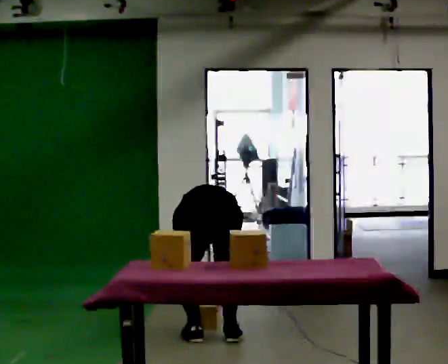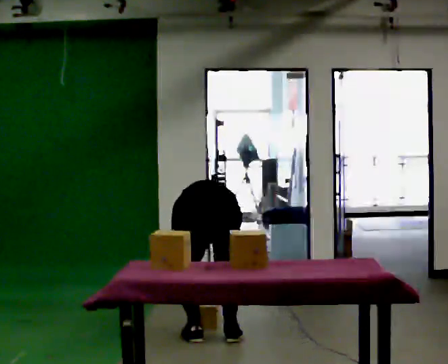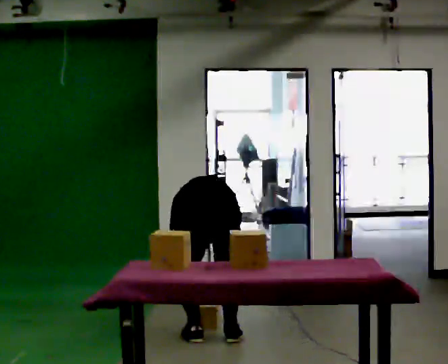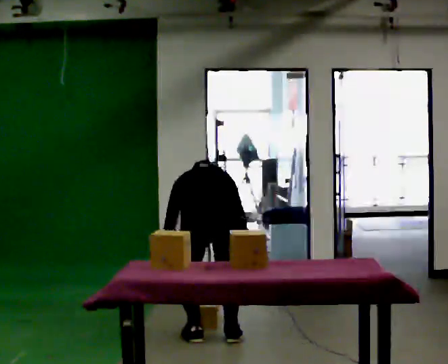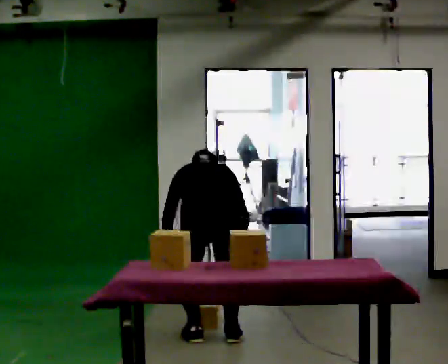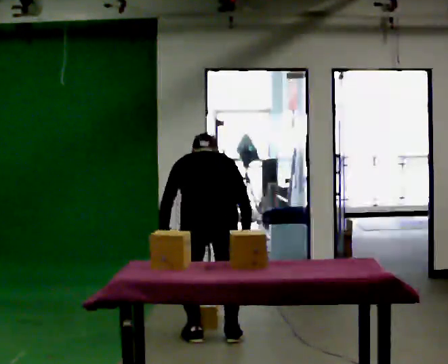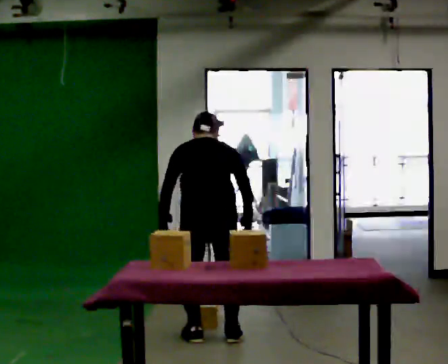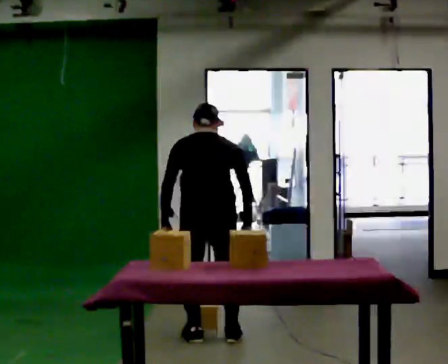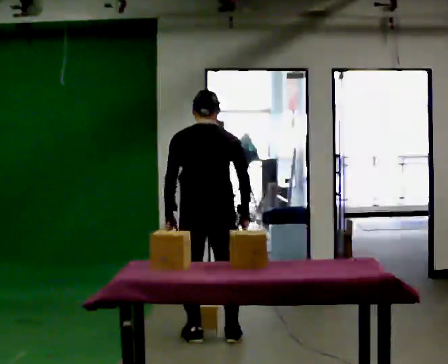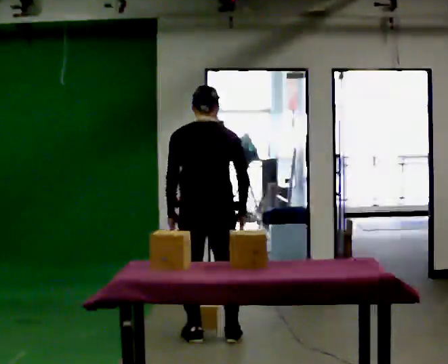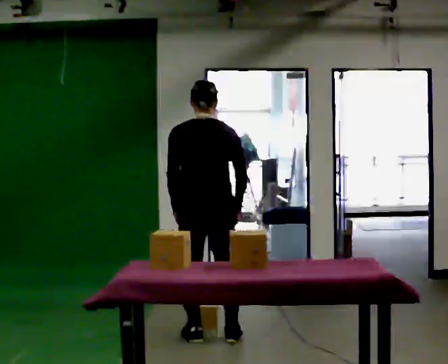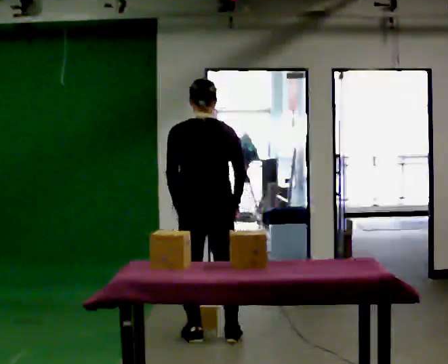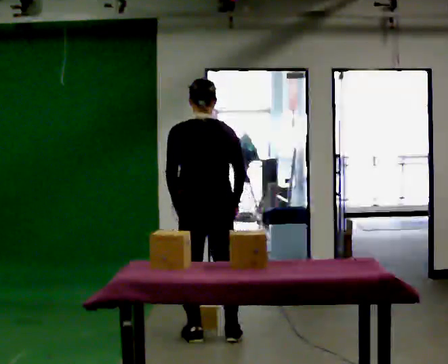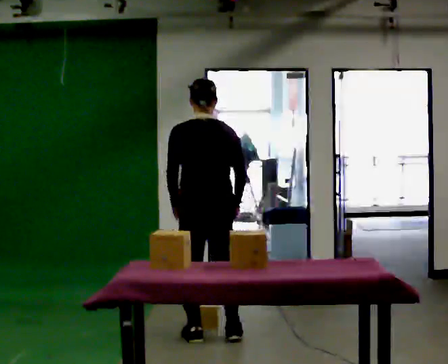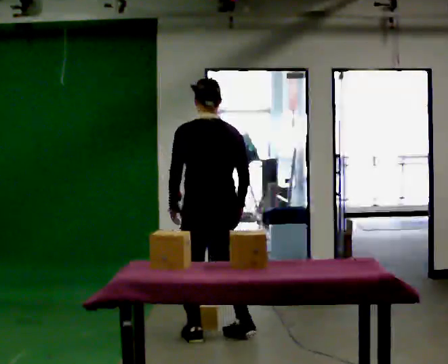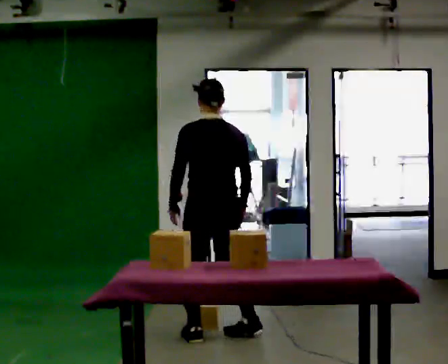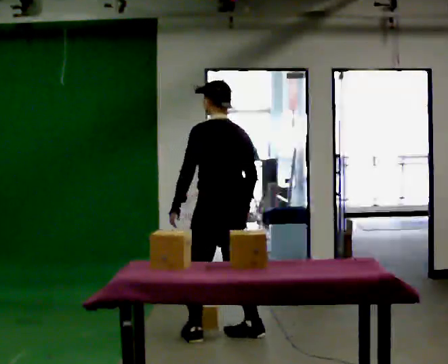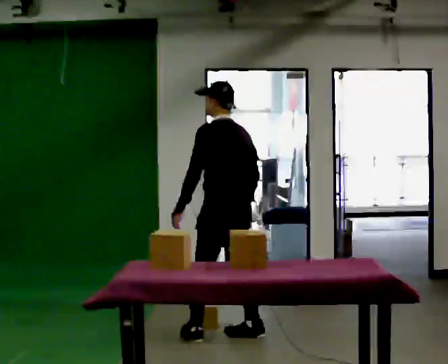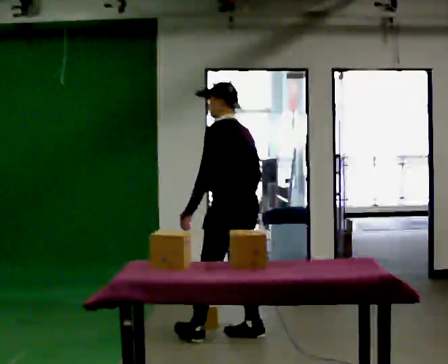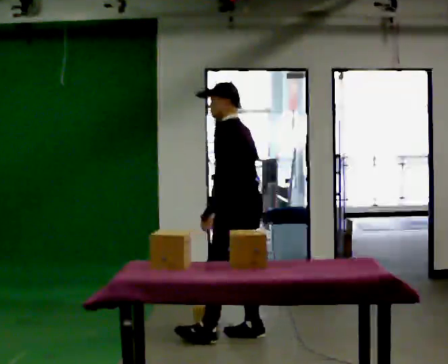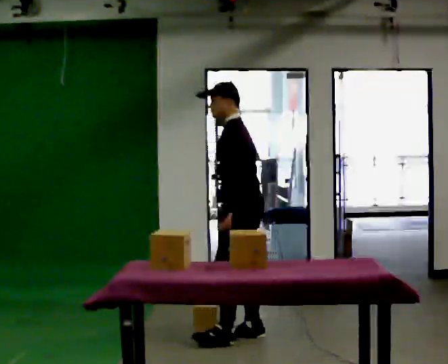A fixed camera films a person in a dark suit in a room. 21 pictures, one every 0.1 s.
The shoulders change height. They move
upward.
Their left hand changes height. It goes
upward.
0.0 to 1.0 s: The shoulders move upward. The upper body tips toward the camera, its near side rolling downward, as they lean back or straighten. In the picture their right hand goes upward.
1.0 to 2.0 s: The person turns about 90 degrees to their left, counterclockwise seen from above, so the part of the body nearest the lens slides to the right. In the picture they go to the right, about 0.25 m in 1 step.
The film runs forward here.
